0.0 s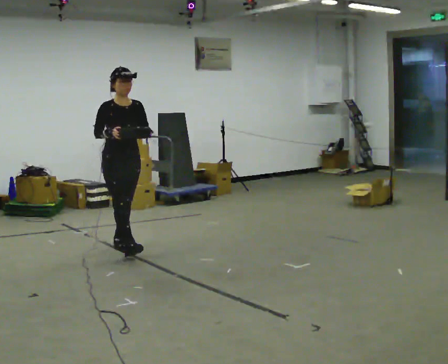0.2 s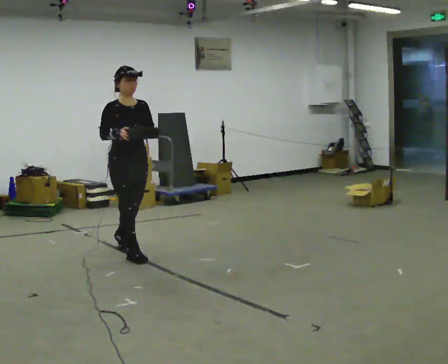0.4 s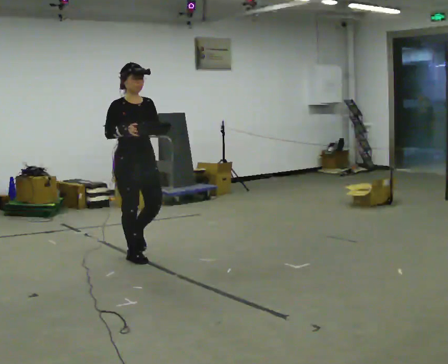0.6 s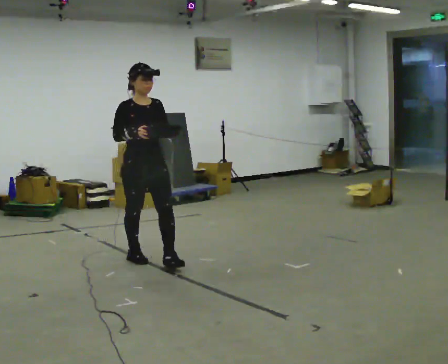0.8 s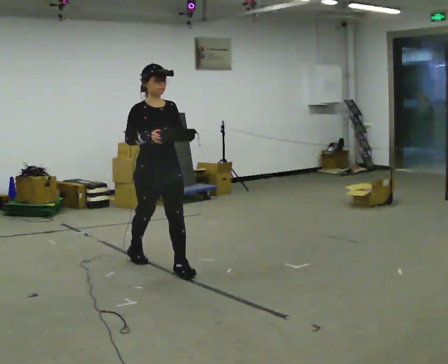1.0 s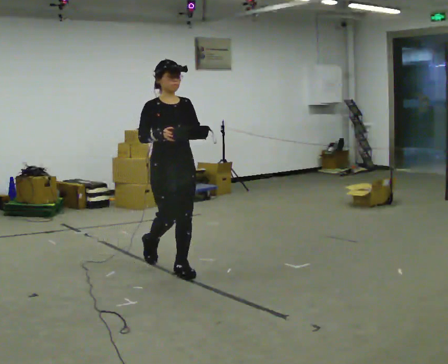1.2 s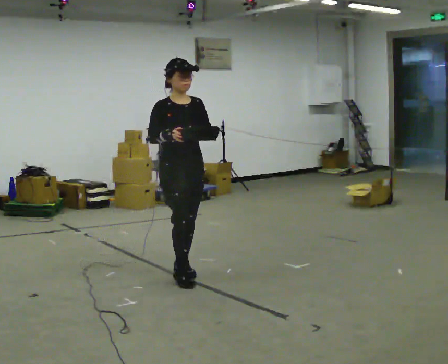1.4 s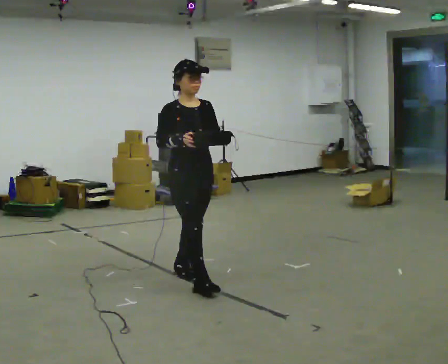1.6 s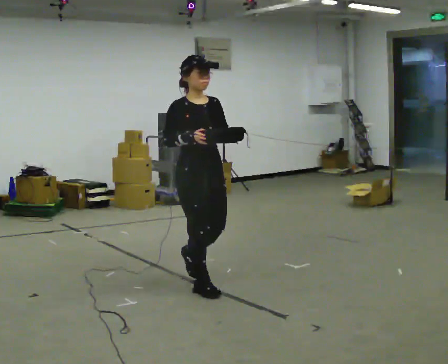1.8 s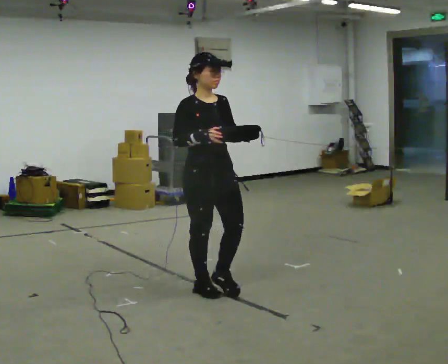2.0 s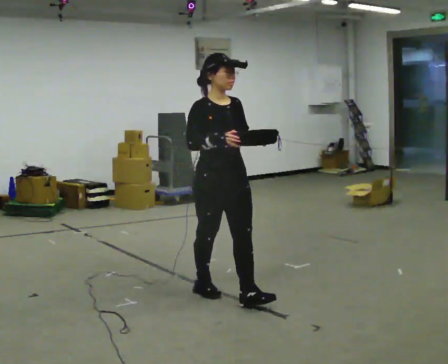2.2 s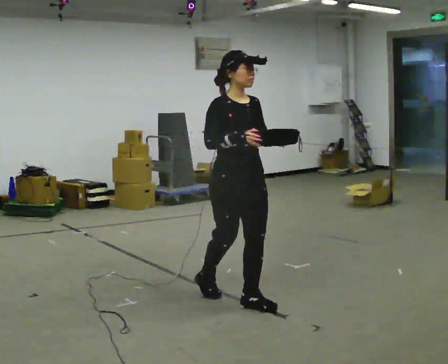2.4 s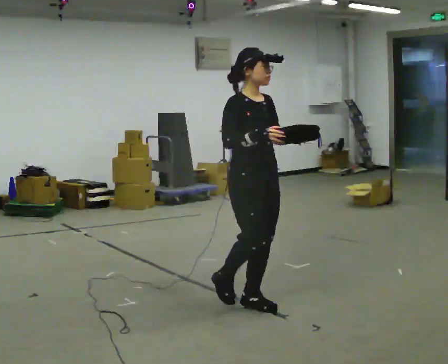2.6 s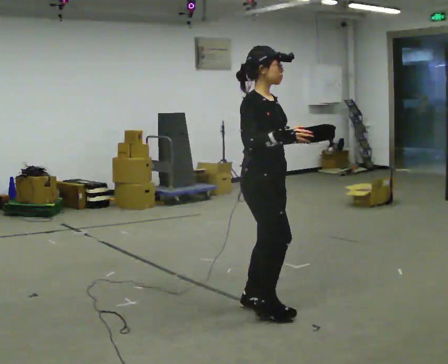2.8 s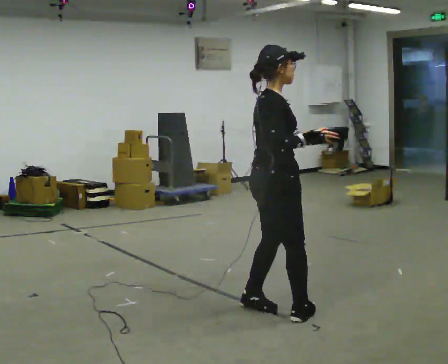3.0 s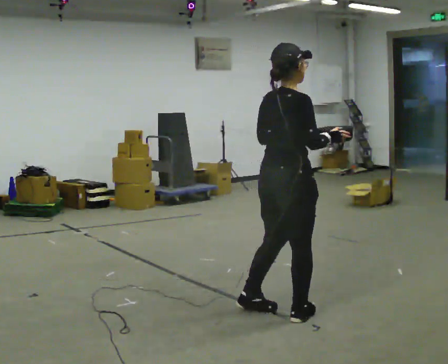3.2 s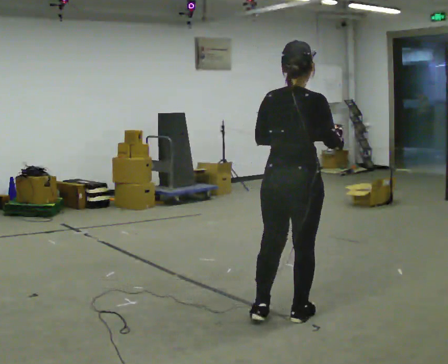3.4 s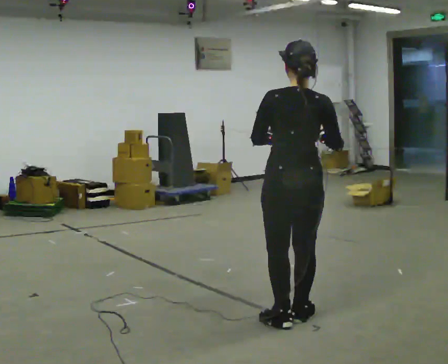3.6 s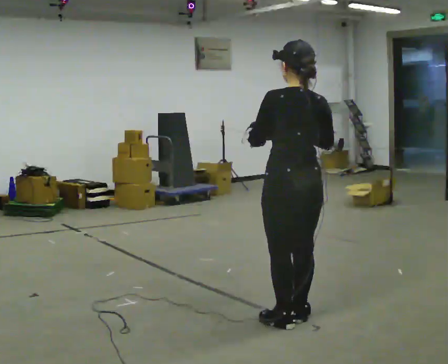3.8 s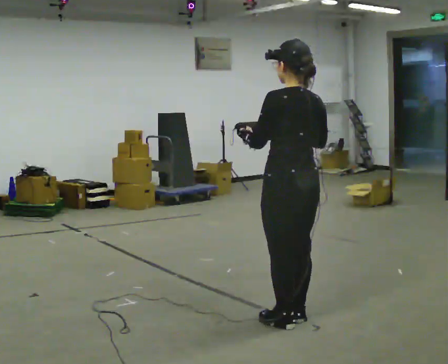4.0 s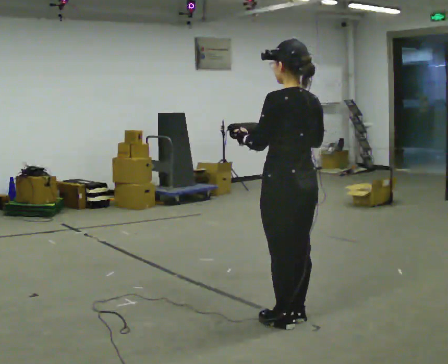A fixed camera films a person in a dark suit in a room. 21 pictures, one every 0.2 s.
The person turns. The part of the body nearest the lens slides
to the right.
The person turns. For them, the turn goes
to their left.
0.0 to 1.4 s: In the picture they go toward the camera and to the right, about 1 m in 3 steps, which for them is forward.
1.4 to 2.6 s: Seen from above the body turns counterclockwise, about 30 degrees: to their left, with its near side sliding to the right. In the picture they go toward the camera and to the right, about 1 m in 1 step, which for them is forward.
2.6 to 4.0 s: Seen from above the body turns counterclockwise, about 150 degrees: to their left, with its near side sliding to the right. In the picture they go toward the camera and to the right, about 0.25 m in 2 steps.
The film runs forward here.
